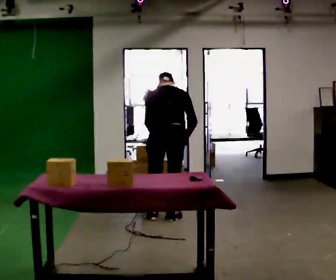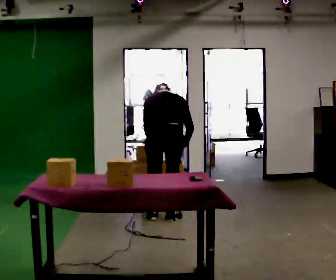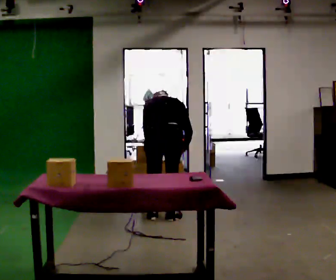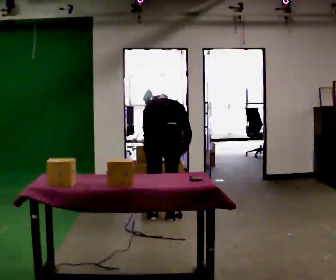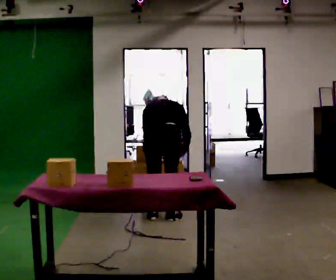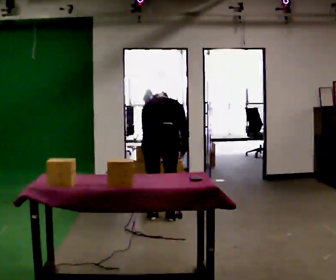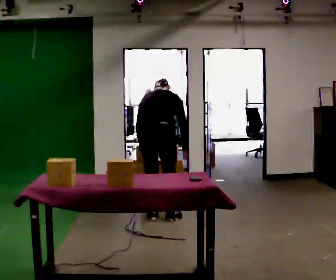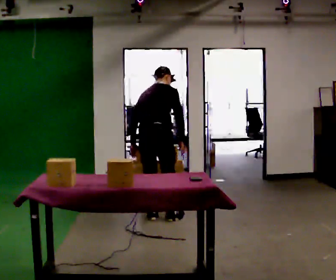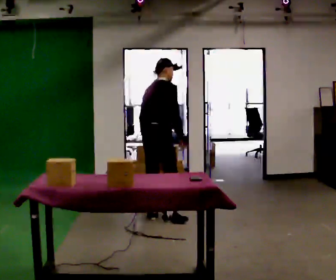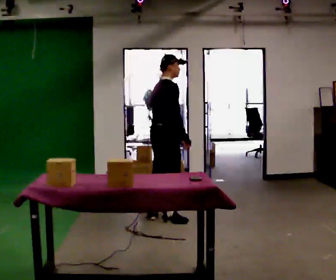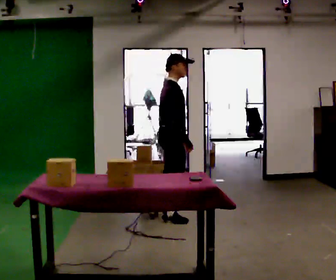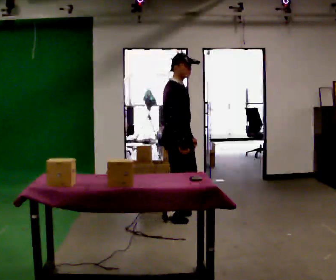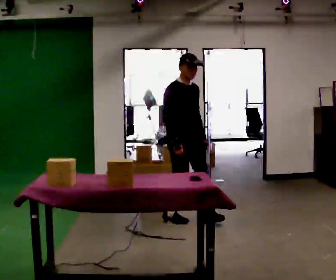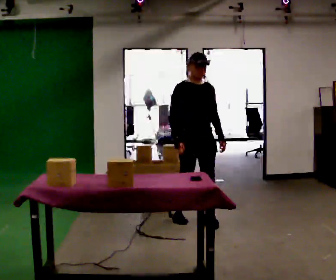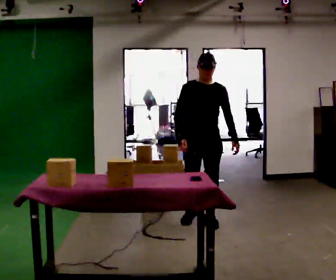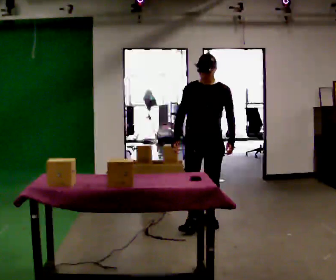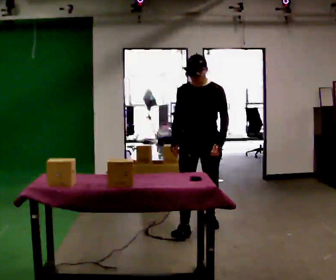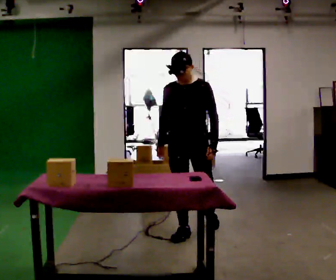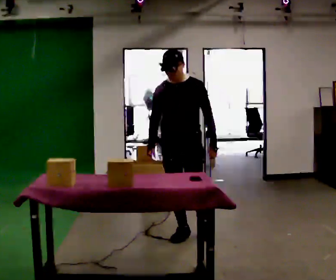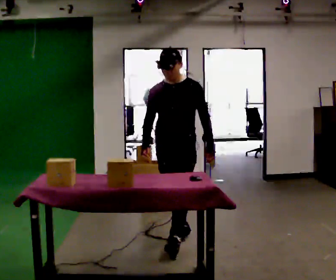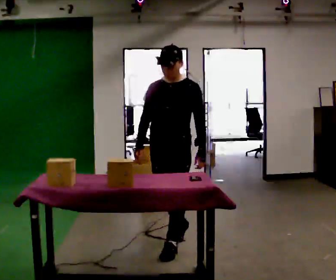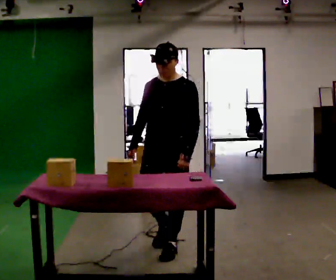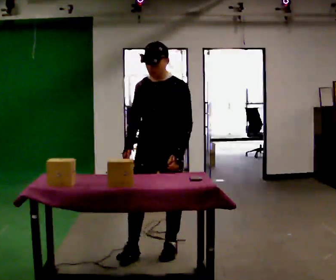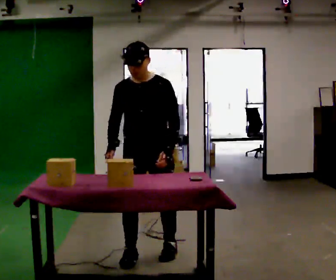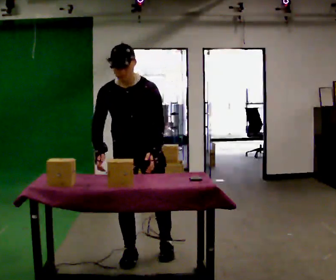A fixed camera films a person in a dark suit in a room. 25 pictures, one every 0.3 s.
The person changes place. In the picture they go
toward the camera.
The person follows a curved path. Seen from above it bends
clockwise.
0.0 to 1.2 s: The upper body tips away from the camera, its near side rolling upward, as they bend forward.
1.2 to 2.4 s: The part of the body nearest the lens slides to the left as the person turns to their right by about 45 degrees. The shoulders move upward. The upper body tips toward the camera, its near side rolling downward, as they lean back or straighten.
2.4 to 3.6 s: The part of the body nearest the lens slides to the left as the person turns to their right by about 90 degrees. In the picture they go to the right, about 0.25 m.
3.6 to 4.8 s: Seen from above the body turns clockwise, about 60 degrees: to their right, with its near side sliding to the left. In the picture they go toward the camera and to the right, about 0.25 m in 2 steps, which for them is forward.
4.8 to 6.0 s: In the picture they go toward the camera and to the left, about 0.75 m in 1 step, which for them is forward.
6.0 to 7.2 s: Seen from above the body turns counterclockwise, about 30 degrees: to their left, with its near side sliding to the right. In the picture they go toward the camera and to the left, about 0.5 m in 1 step, which for them is forward and to their right. The upper body tips toward the camera, its near side rolling downward, as they bend forward.
The film runs forward here.
